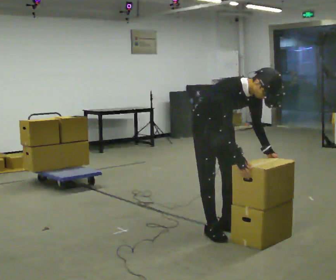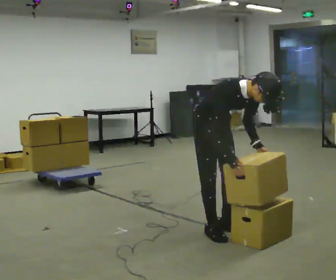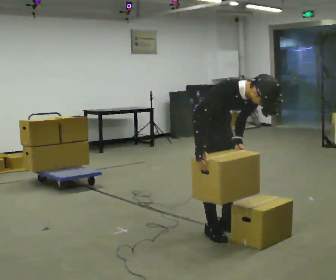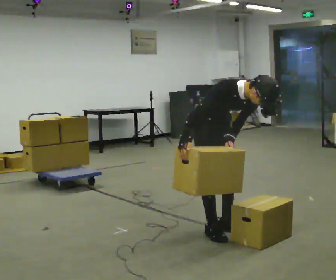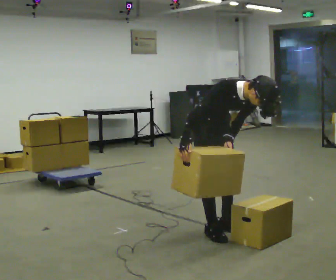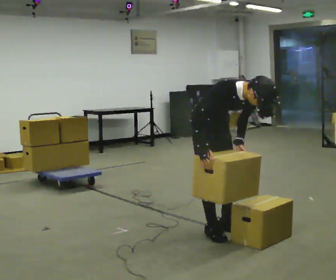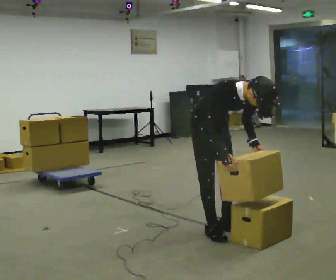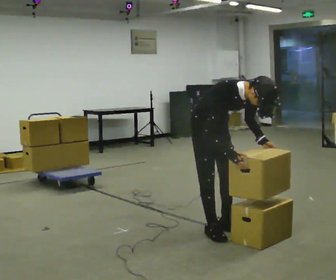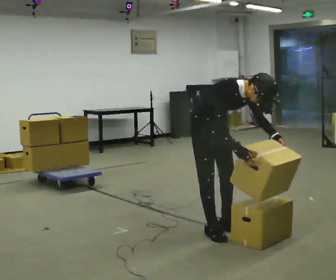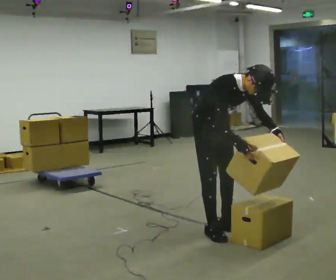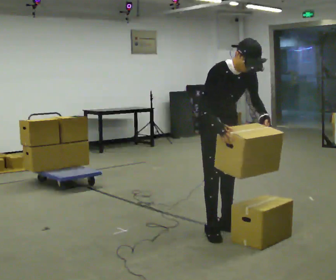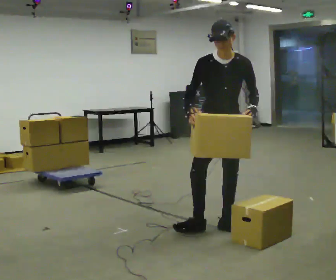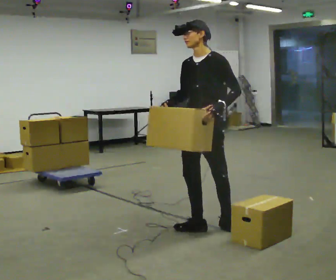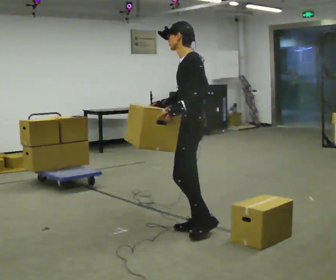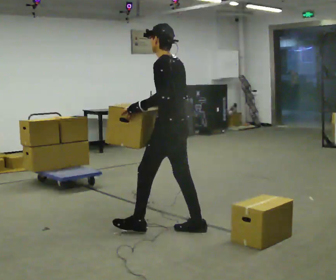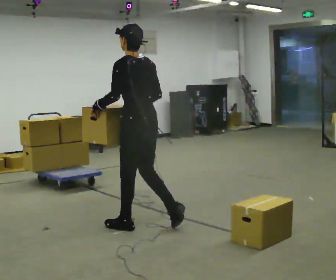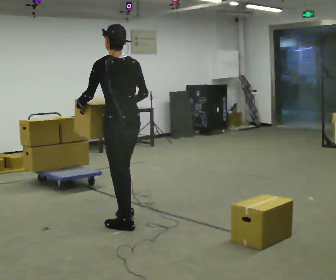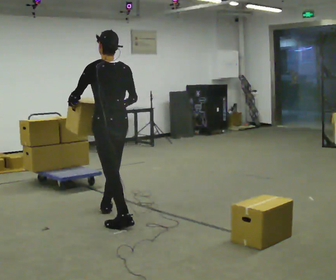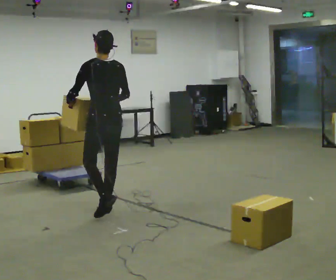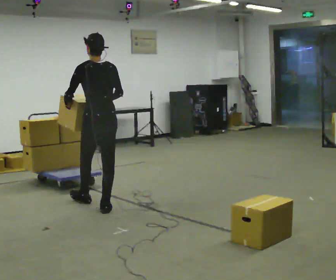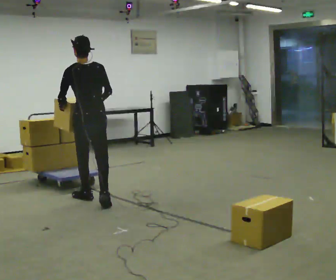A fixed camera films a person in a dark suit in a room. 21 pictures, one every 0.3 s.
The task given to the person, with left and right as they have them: Load the boxes onto the cart one at a time, then take them all off again. The cart stays where it is. Keep going until the operator says stop; one object at a time, and do not rush between trips.
0.0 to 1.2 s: In the picture their right hand goes to the left.
1.2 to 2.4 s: In the picture their left hand goes to the right, the arm swinging counterclockwise.
2.4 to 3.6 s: The person turns about 90 degrees to their right, clockwise seen from above, so the part of the body nearest the lens slides to the left. The upper body goes upward. In the picture the upper body tilts counterclockwise, shoulders to the left, as they lean back or straighten. In the picture their left hand goes to the left.
3.6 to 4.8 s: The part of the body nearest the lens slides to the left as the person turns to their right by about 90 degrees. In the picture they go to the left, about 0.5 m in 1 step.
4.8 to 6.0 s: In the picture they go away from the camera and to the left, about 1 m in 2 steps, which for them is forward.
The film runs forward here.
